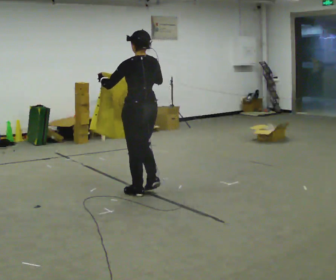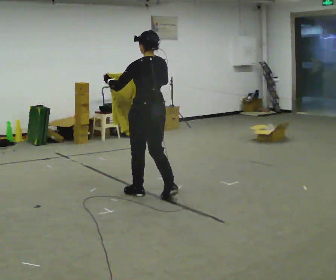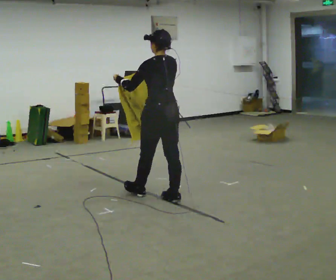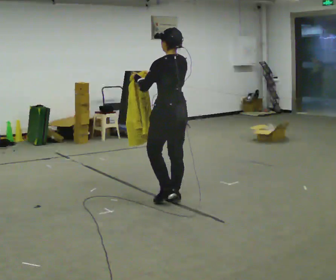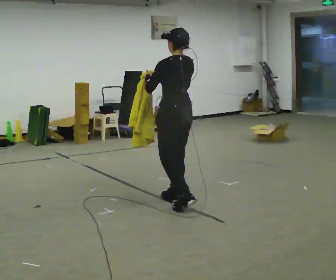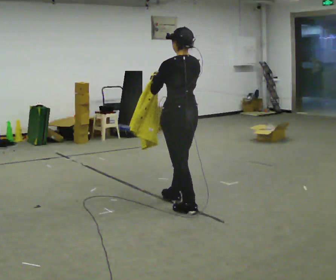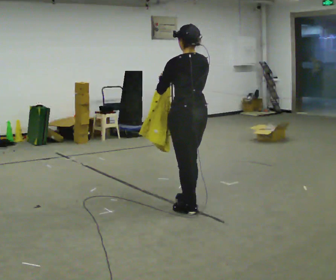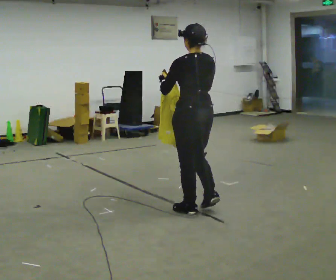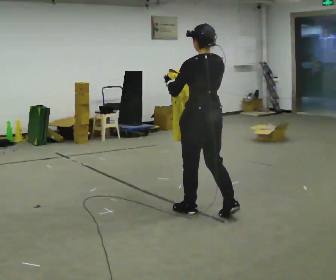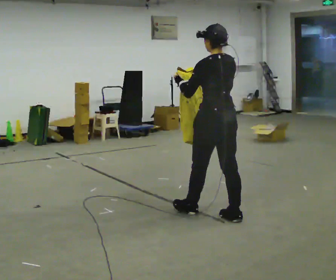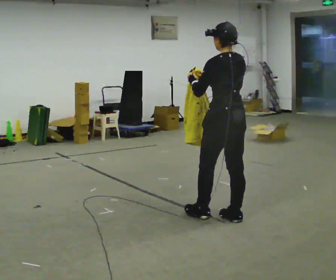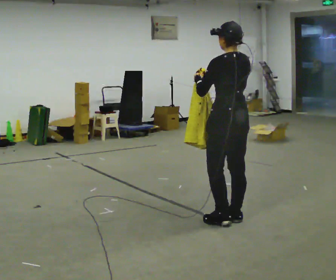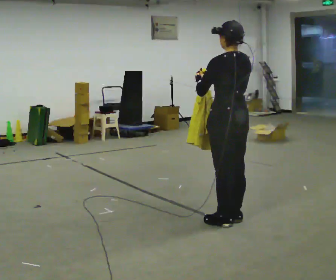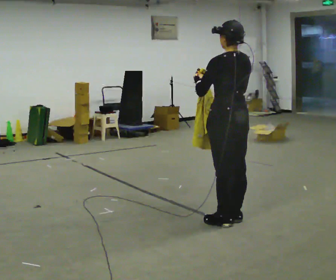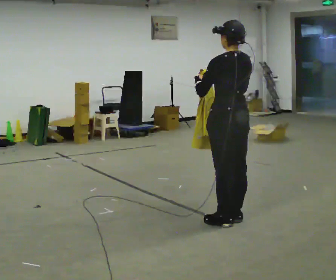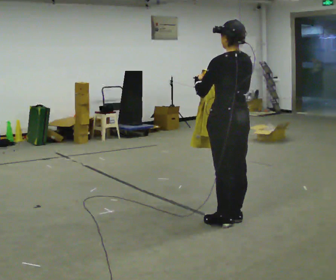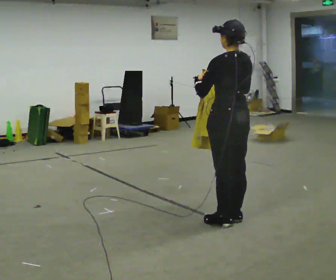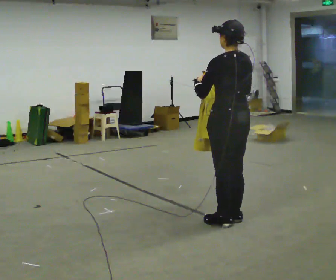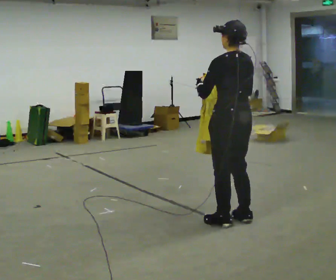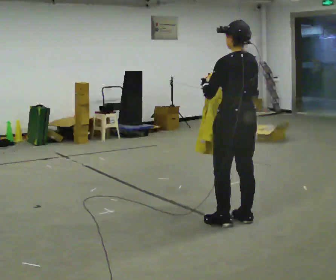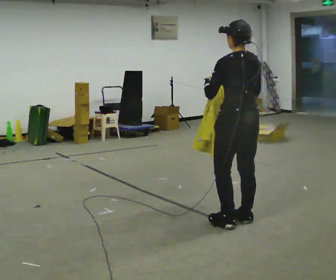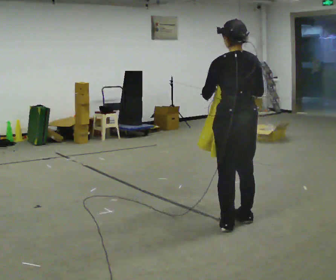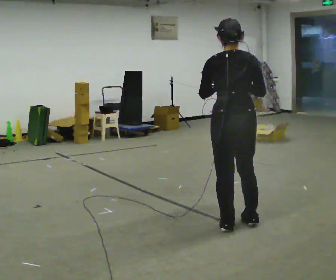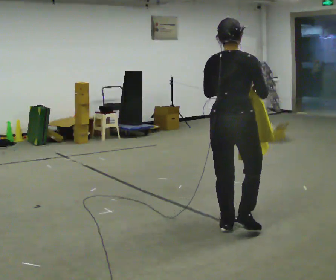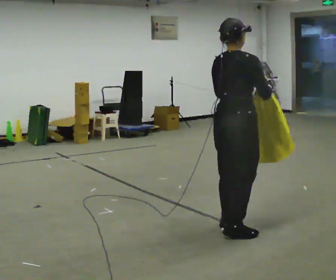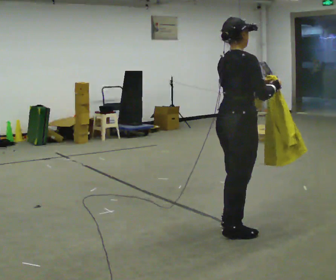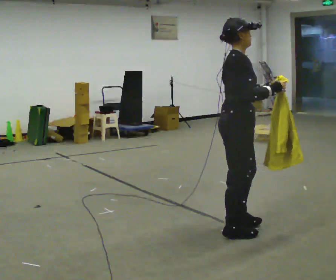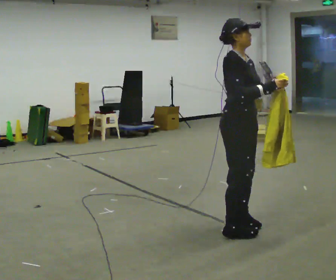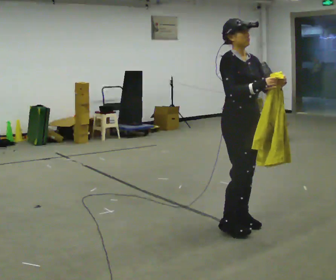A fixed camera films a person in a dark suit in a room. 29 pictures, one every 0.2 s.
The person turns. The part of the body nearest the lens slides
to the left.
The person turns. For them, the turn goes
to their right.
0.0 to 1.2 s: In the picture they go to the right and toward the camera, about 0.75 m in 2 steps, which for them is backward.
1.2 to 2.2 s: In the picture they go to the right and toward the camera, about 0.5 m in 1 step, which for them is backward and to their right.
2.2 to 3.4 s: The person moves a little, or ends about where they began.
3.4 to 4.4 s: Seen from above the body turns clockwise, about 30 degrees: to their right, with its near side sliding to the left.
4.4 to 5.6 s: Seen from above the body turns clockwise, about 135 degrees: to their right, with its near side sliding to the left. In the picture their left hand goes to the right.
The film runs backward here.
